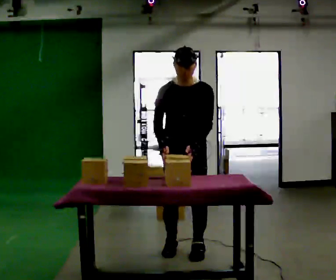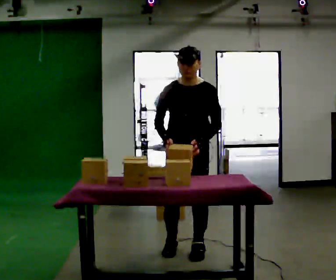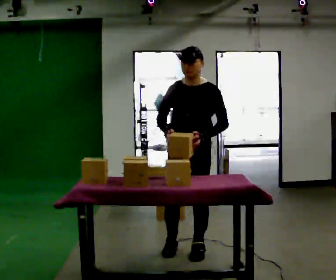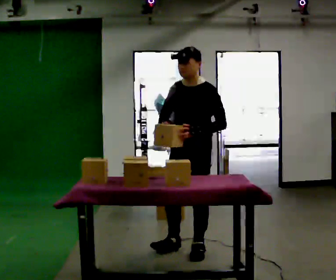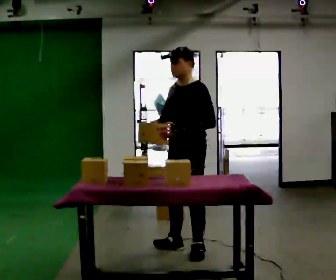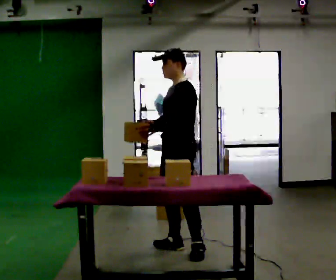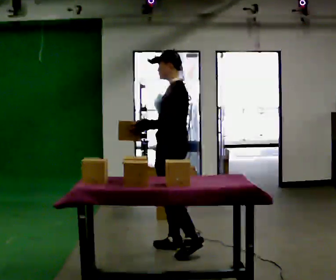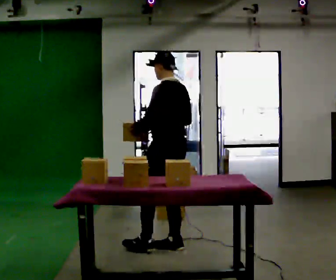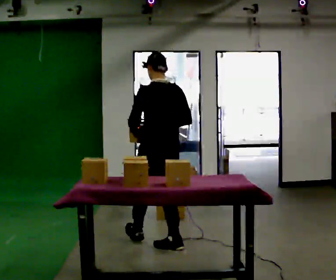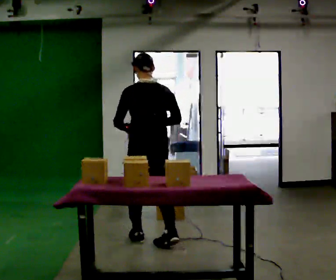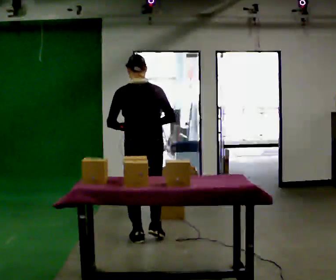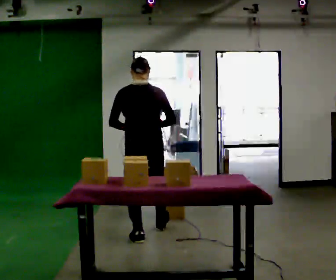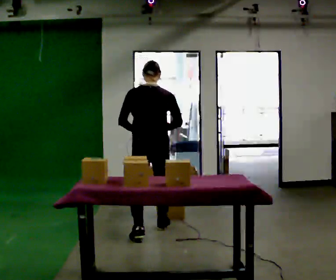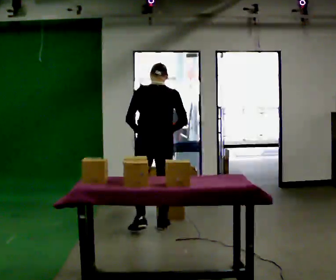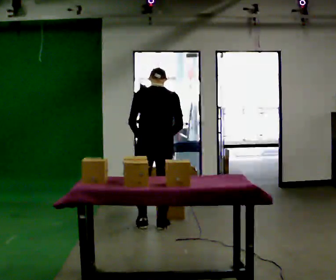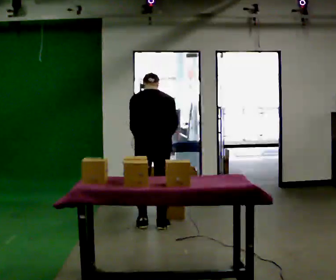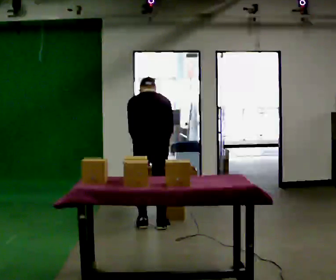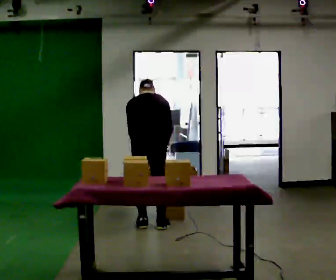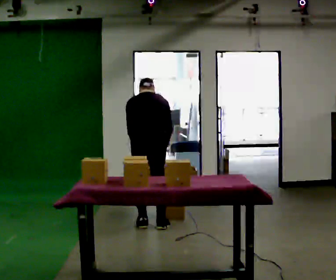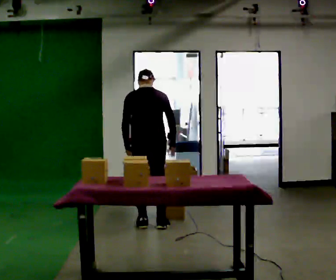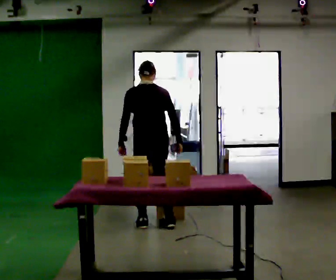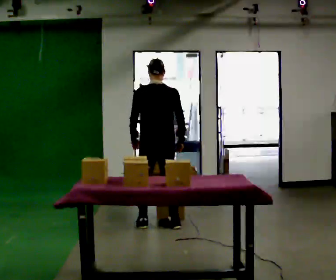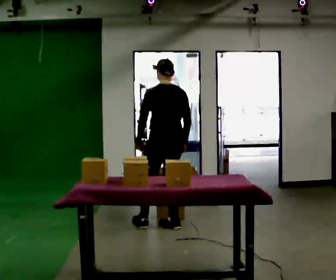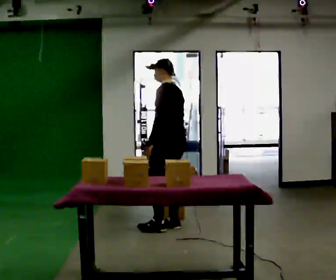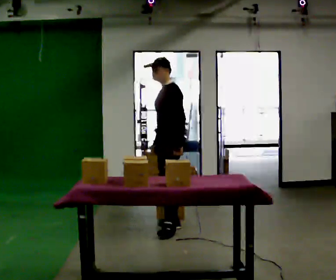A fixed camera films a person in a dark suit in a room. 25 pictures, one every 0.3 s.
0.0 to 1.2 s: The person turns about 45 degrees to their right, clockwise seen from above, so the part of the body nearest the lens slides to the left.
1.2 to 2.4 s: Seen from above the body turns clockwise, about 90 degrees: to their right, with its near side sliding to the left. In the picture they go to the left and away from the camera, about 0.25 m in 1 step.
2.4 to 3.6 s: The part of the body nearest the lens slides to the left as the person turns to their right by about 30 degrees. In the picture they go away from the camera, about 0.5 m in 1 step, which for them is forward.
3.6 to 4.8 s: In the picture they go away from the camera, about 0.25 m in 1 step, which for them is forward. The upper body tips away from the camera, its near side rolling upward, as they bend forward.
4.8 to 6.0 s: The upper body tips toward the camera, its near side rolling downward, as they lean back or straighten.
6.0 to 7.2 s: The person turns about 105 degrees to their left, counterclockwise seen from above, so the part of the body nearest the lens slides to the right. In the picture they go to the right, about 0.25 m in 2 steps. In the picture their left hand goes to the right.
The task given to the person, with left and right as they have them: Take the objects from the bin one at a time and put one in each of the places the operator points out. Keep going until the operator says stop; one object at a time, and do not rush between trips.
The film runs forward here.
